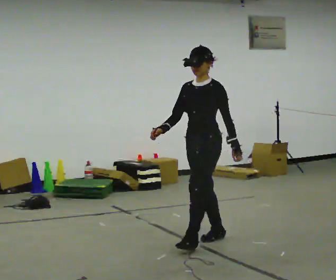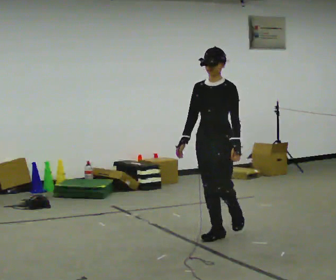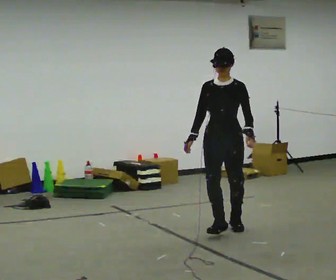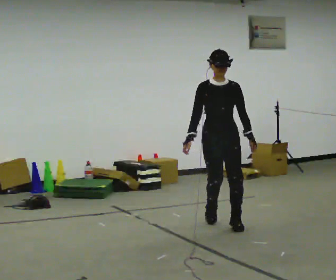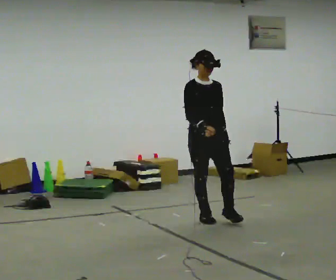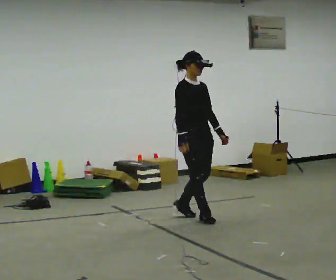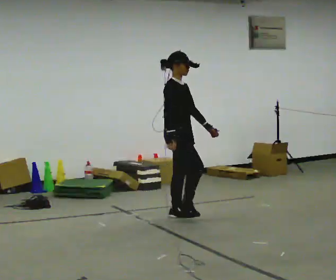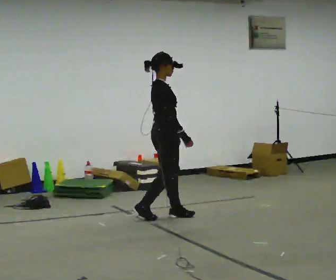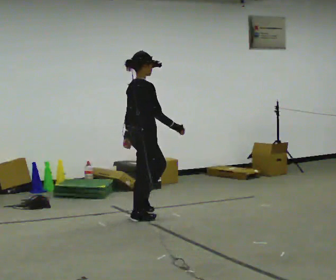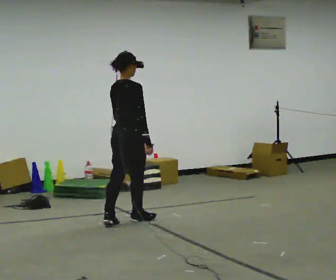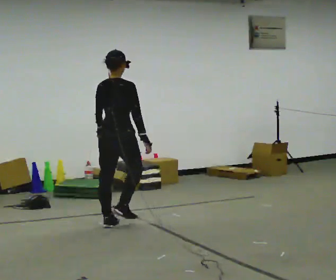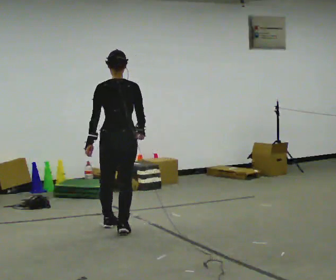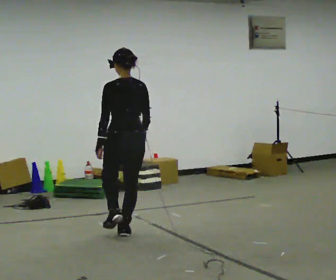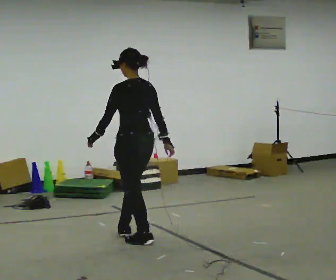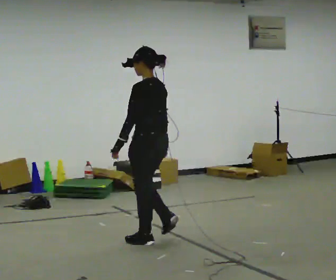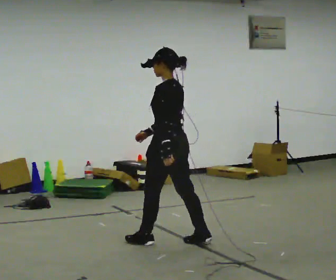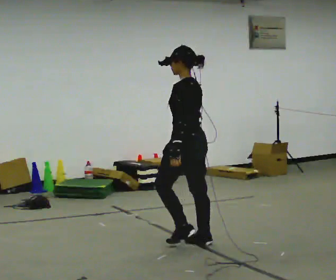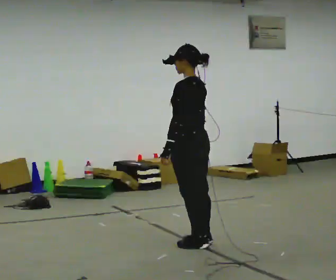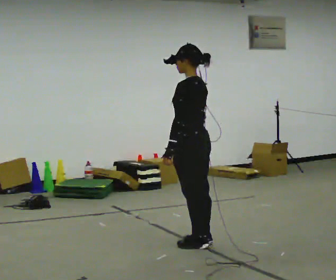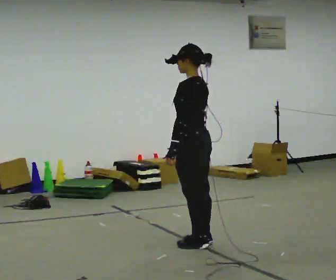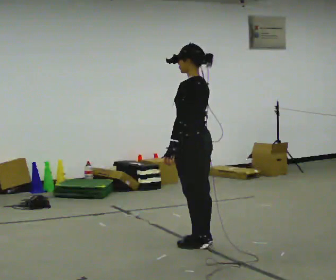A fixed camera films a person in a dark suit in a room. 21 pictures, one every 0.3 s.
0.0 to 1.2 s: The person turns about 75 degrees to their left, counterclockwise seen from above, so the part of the body nearest the lens slides to the right. In the picture they go away from the camera, about 0.5 m in 2 steps.
1.2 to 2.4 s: The part of the body nearest the lens slides to the right as the person turns to their left by about 90 degrees. In the picture they go to the left, about 0.5 m in 2 steps.
2.4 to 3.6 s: The person turns about 90 degrees to their left, counterclockwise seen from above, so the part of the body nearest the lens slides to the right. In the picture they go toward the camera, about 0.5 m in 2 steps.
3.6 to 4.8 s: The part of the body nearest the lens slides to the right as the person turns to their left by about 45 degrees. In the picture they go to the right and toward the camera, about 0.5 m in 2 steps, which for them is backward.
4.8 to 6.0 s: The person moves a little, or ends about where they began.
The film runs backward here.
